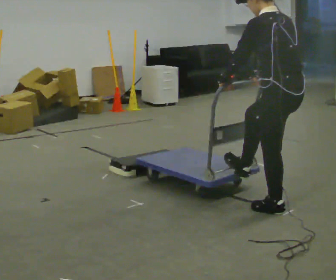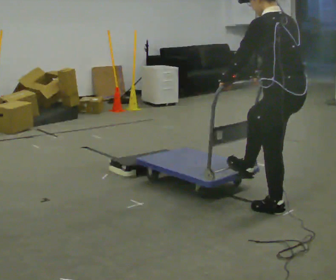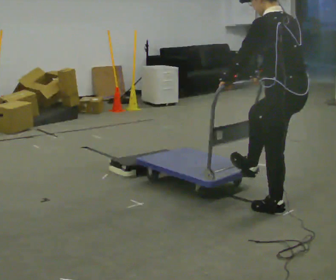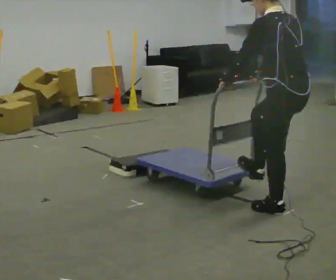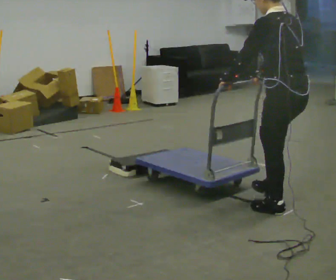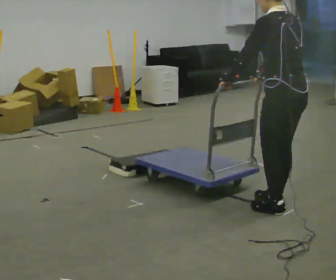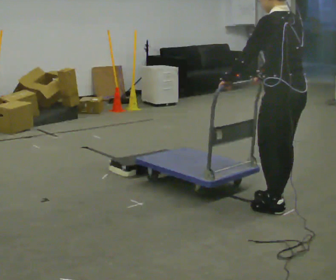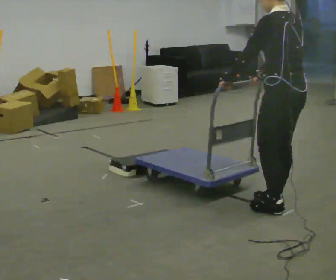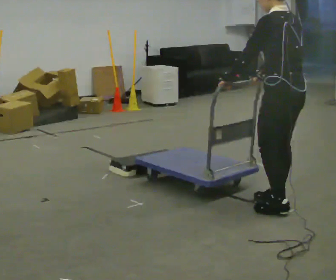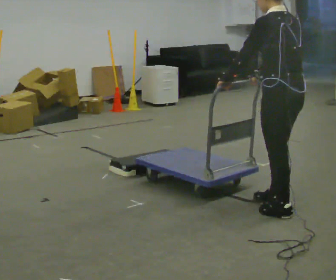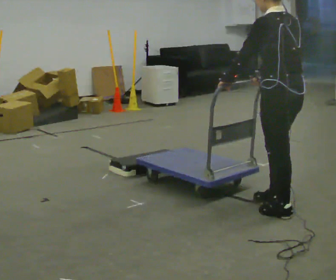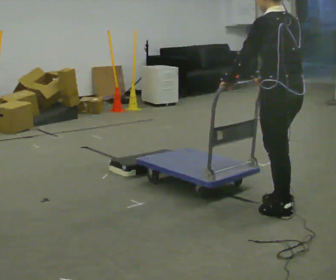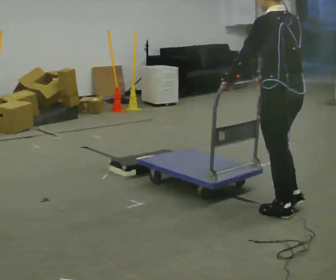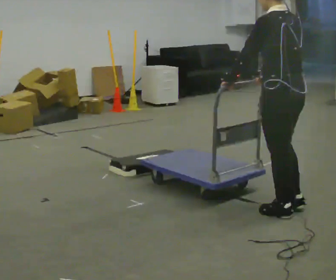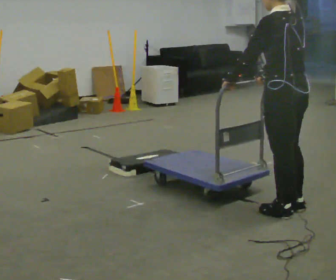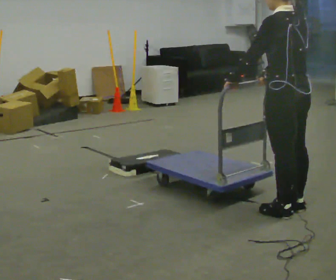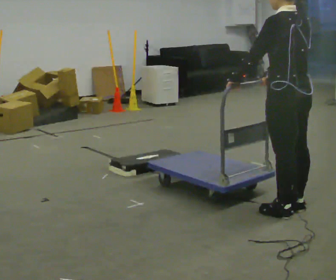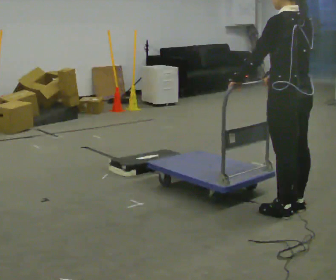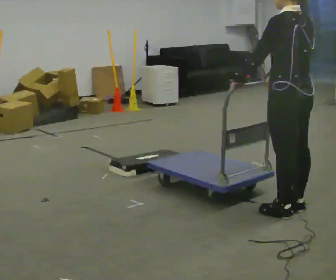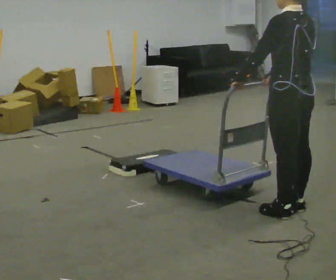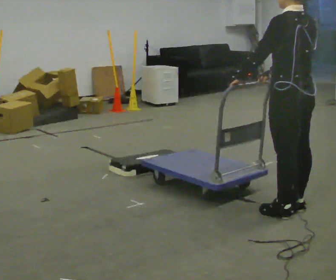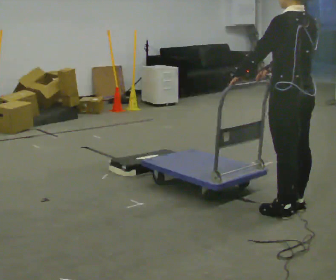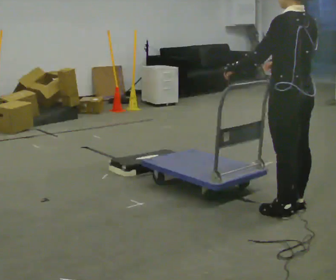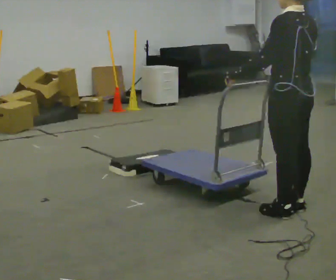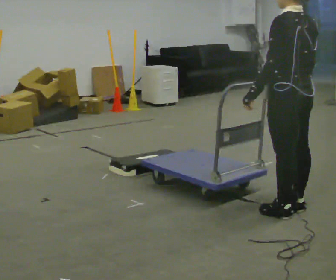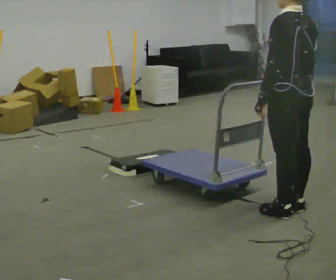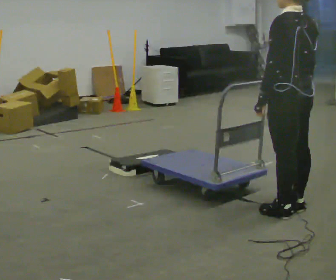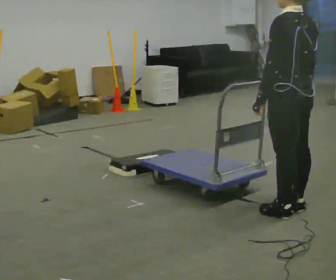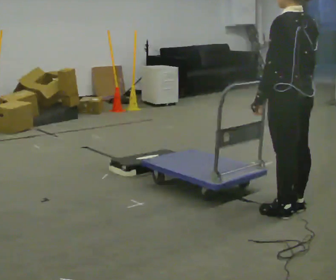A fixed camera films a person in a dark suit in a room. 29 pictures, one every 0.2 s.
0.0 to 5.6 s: In the picture the upper body tilts clockwise, shoulders to the right, as they lean back or straighten. In the picture their right hand goes to the right.
The film runs backward here.
